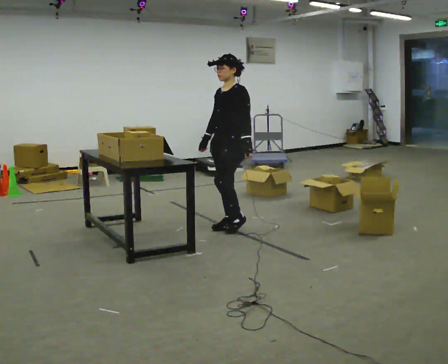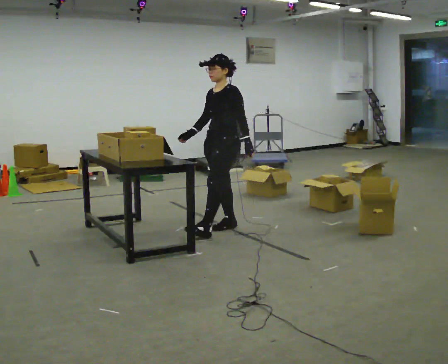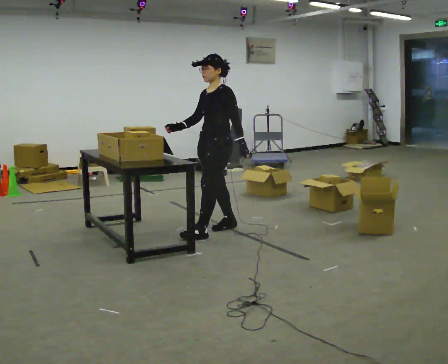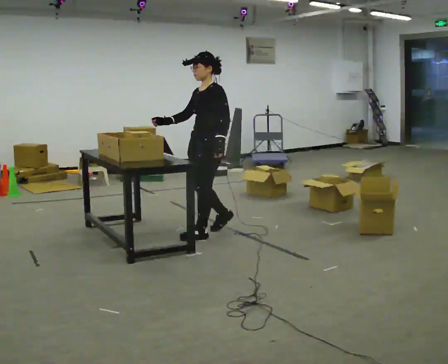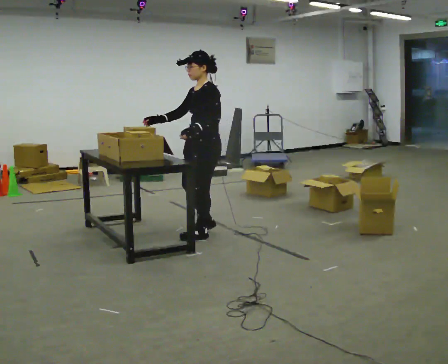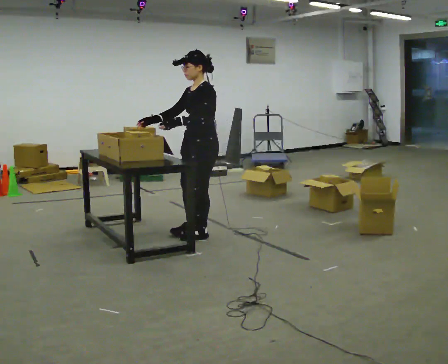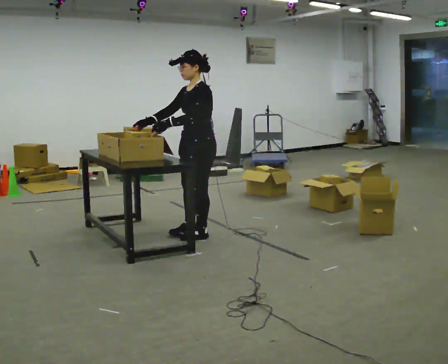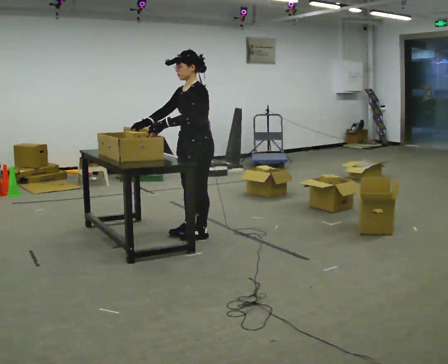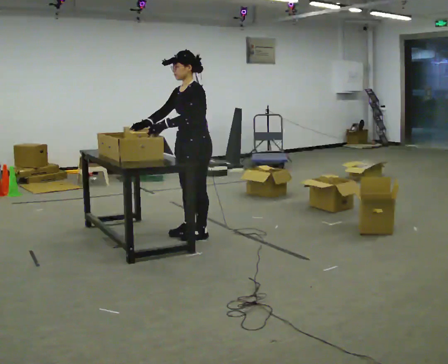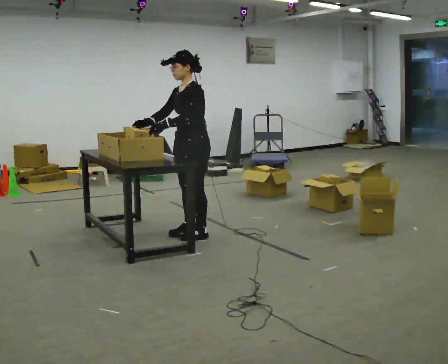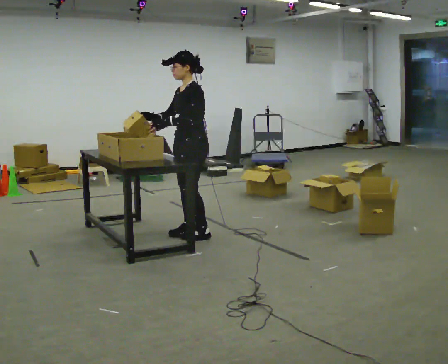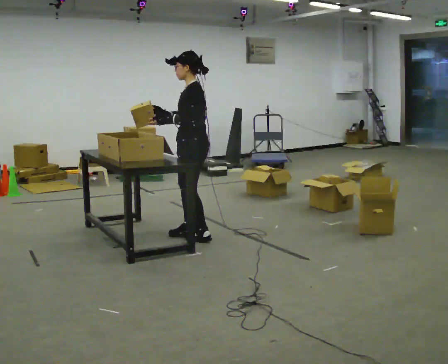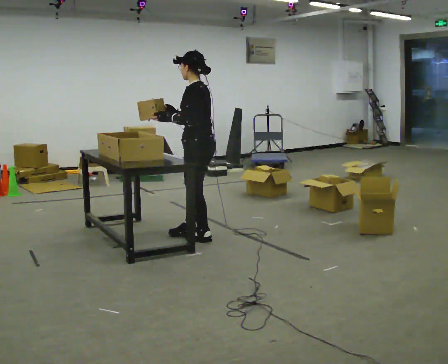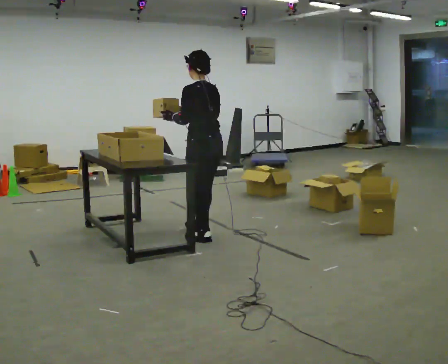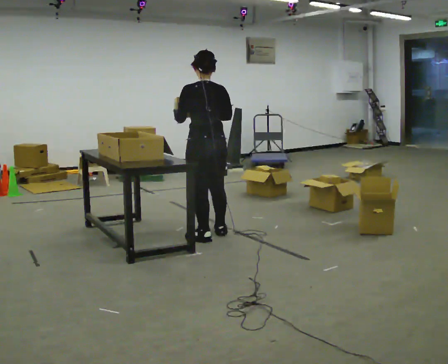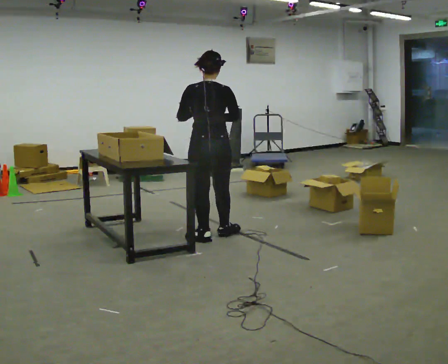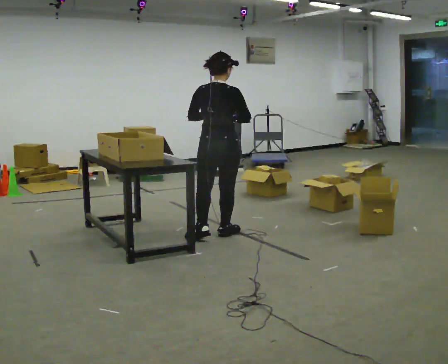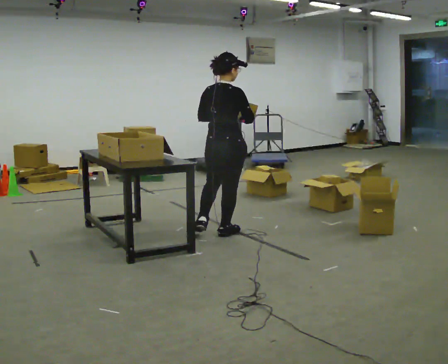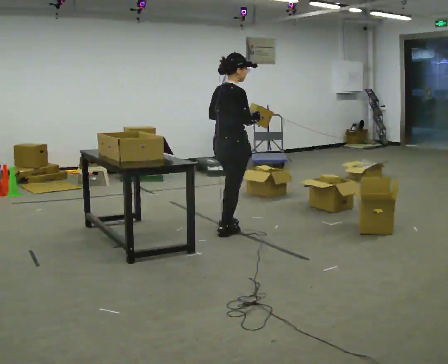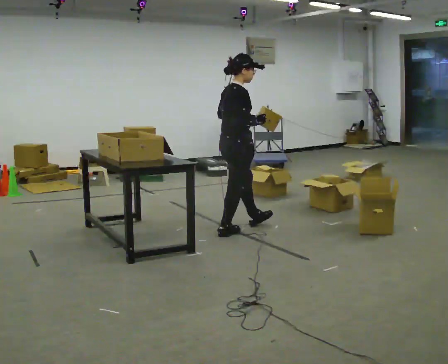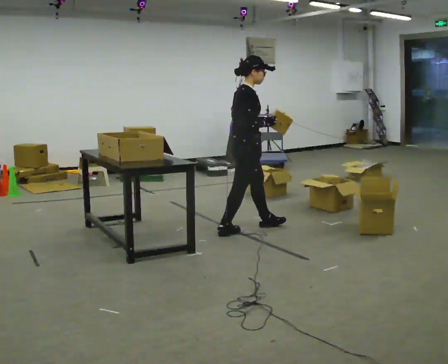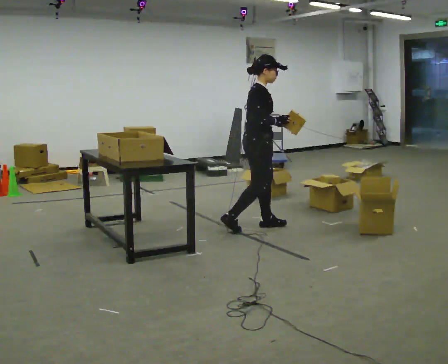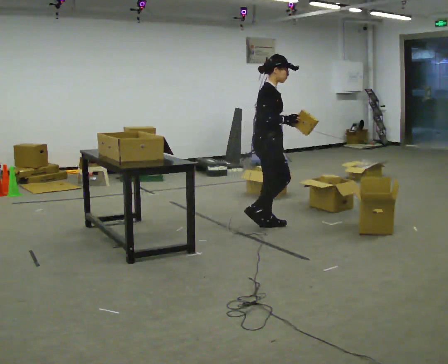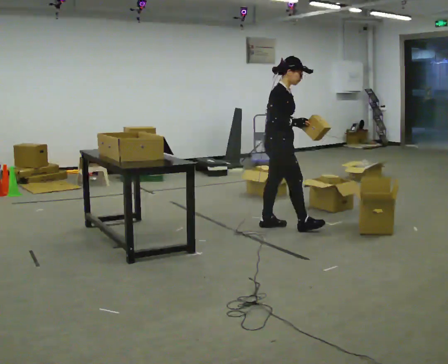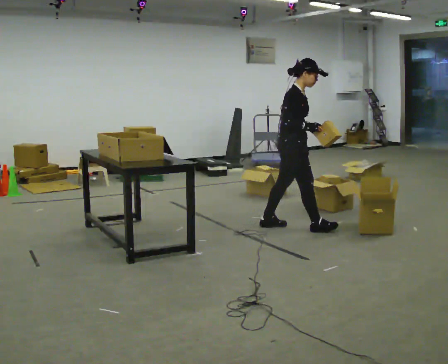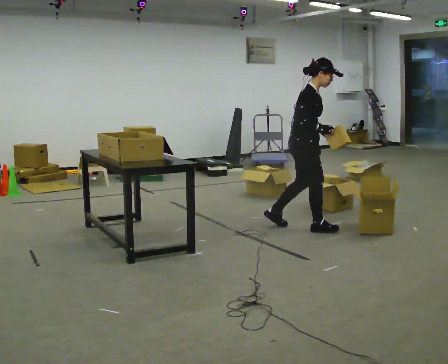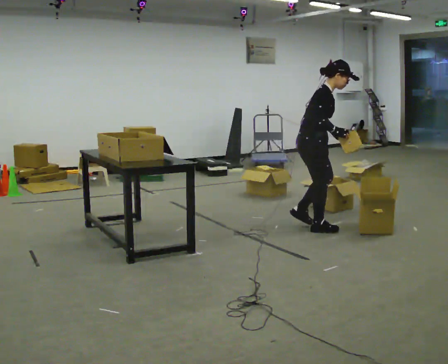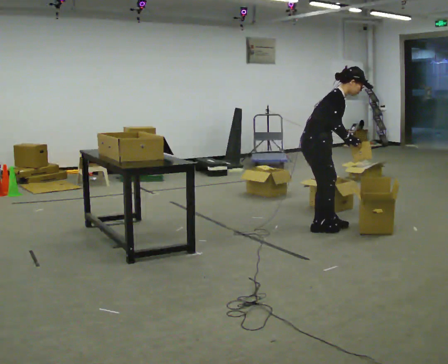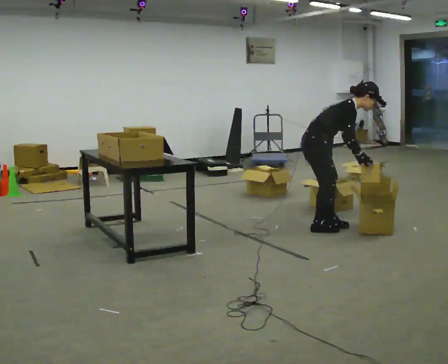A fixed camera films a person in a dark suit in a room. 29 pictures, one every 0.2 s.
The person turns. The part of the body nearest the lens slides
to the left.
The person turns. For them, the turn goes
to their right.
0.0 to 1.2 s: In the picture they go to the left and toward the camera, about 0.5 m in 2 steps, which for them is forward.
1.2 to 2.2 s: The person moves a little, or ends about where they began.
2.2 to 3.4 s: The person turns about 120 degrees to their right, clockwise seen from above, so the part of the body nearest the lens slides to the left. In the picture they go to the right, about 0.25 m in 1 step. In the picture their right hand goes to the right.
3.4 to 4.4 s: Seen from above the body turns clockwise, about 75 degrees: to their right, with its near side sliding to the left. In the picture they go to the right and away from the camera, about 0.5 m in 1 step.
4.4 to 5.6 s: In the picture they go to the right, about 0.5 m in 2 steps, which for them is forward. In the picture the upper body tilts clockwise, shoulders to the right, as they bend forward. In the picture their right hand goes downward.
The film runs forward here.
